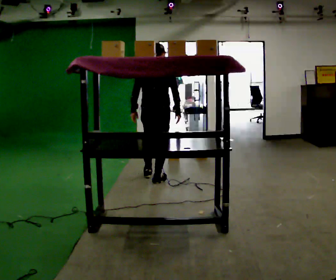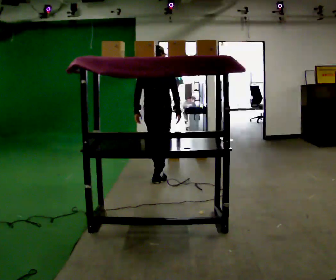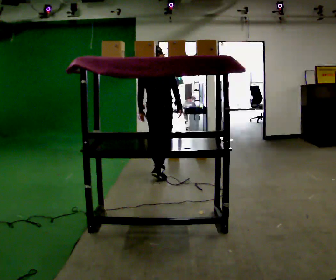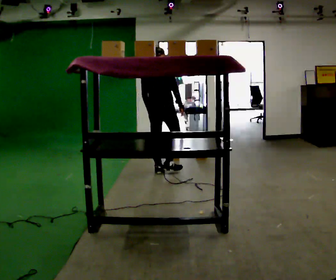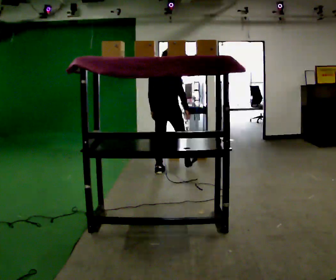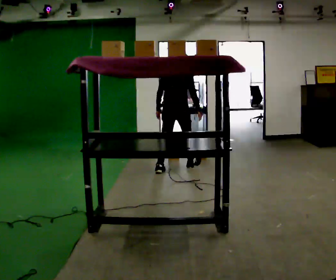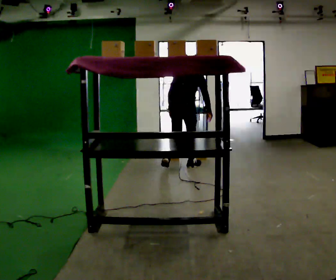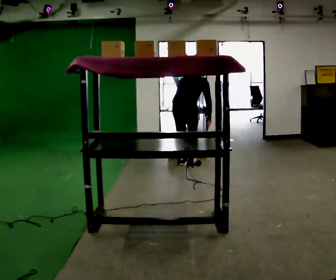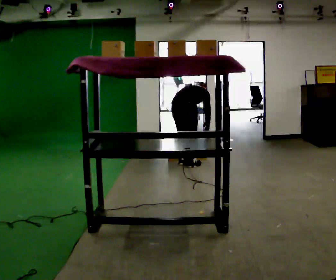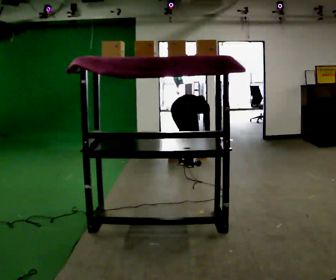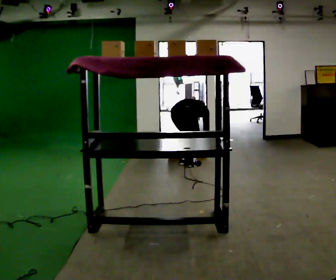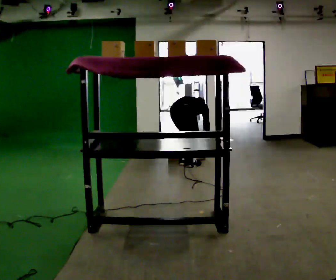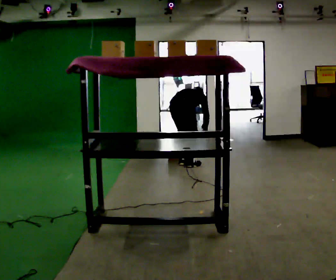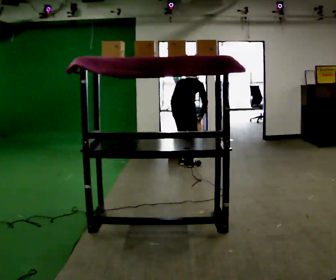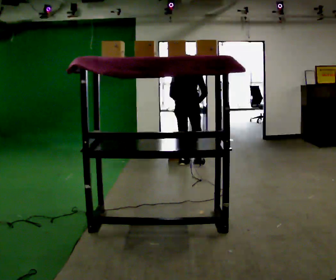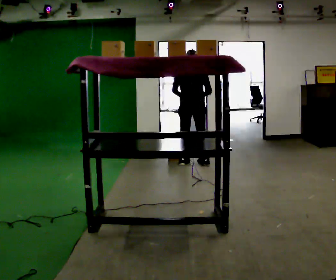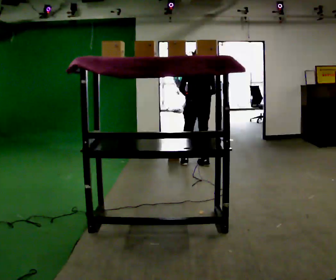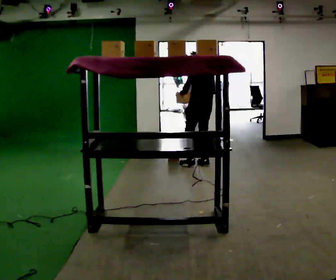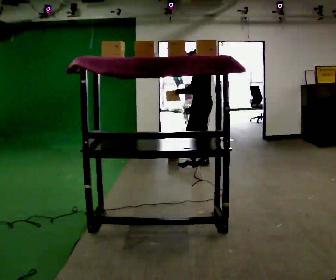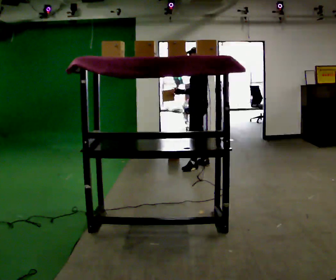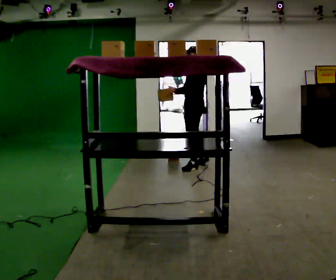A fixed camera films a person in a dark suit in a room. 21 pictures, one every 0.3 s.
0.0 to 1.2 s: In the picture they go away from the camera, about 0.5 m in 1 step, which for them is forward.
1.2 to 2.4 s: In the picture they go to the right and away from the camera, about 0.25 m in 2 steps, which for them is forward and to their right. The shoulders move downward. The upper body tips away from the camera, its near side rolling upward, as they bend forward. In the picture their right hand goes downward.
2.4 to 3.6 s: The person moves a little, or ends about where they began.
3.6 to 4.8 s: Seen from above the body turns counterclockwise, about 45 degrees: to their left, with its near side sliding to the right. In the picture they go to the right, about 0.25 m in 1 step, which for them is to their right and forward. The shoulders move upward. The upper body tips toward the camera, its near side rolling downward, as they lean back or straighten. In the picture their right hand goes upward.
4.8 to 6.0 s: The part of the body nearest the lens slides to the right as the person turns to their left by about 90 degrees. In the picture their right hand goes to the left, the arm swinging clockwise.
The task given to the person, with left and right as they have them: Pick an object up off the floor, carry it across the room, and place it on the highest shelf you can comfortably reach. Keep going until the operator says stop; one object at a time, and do not rush between trips.
The film runs forward here.
